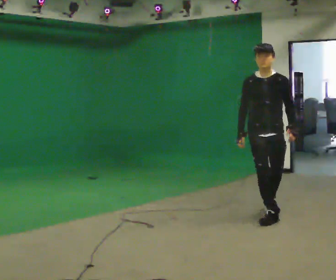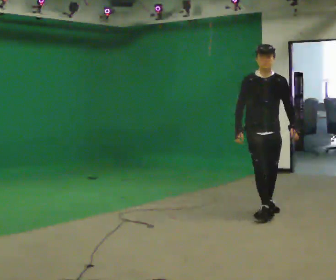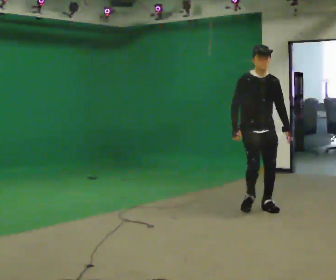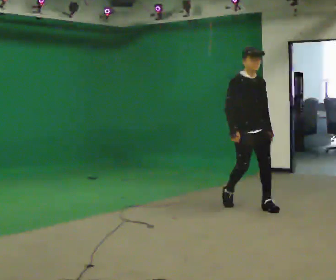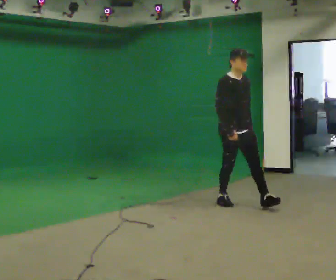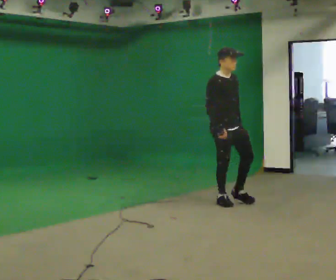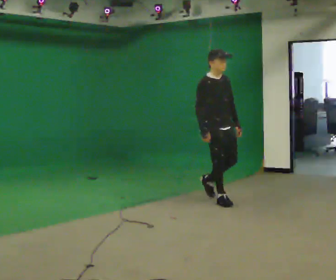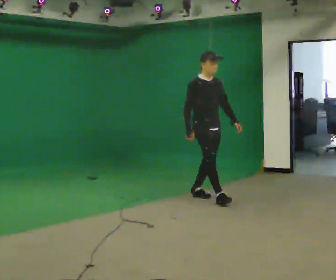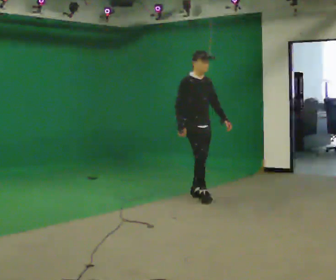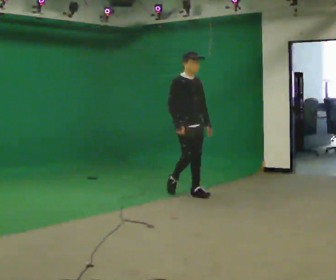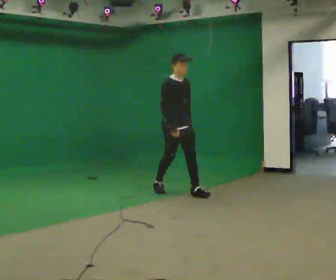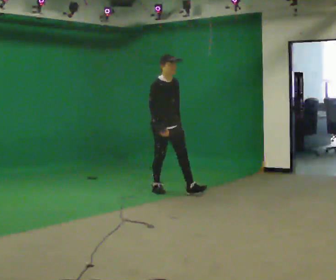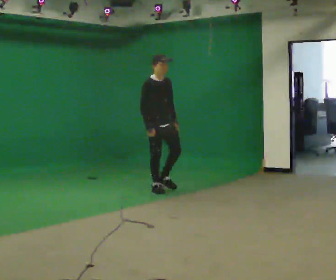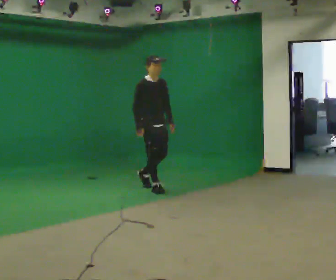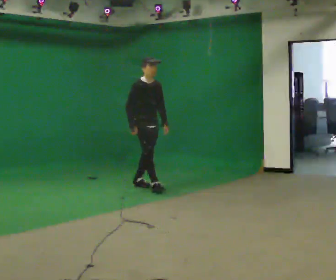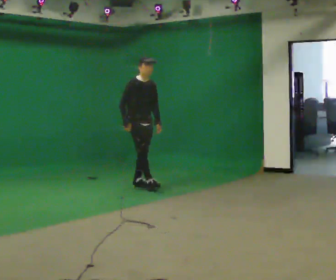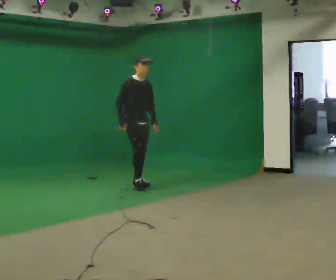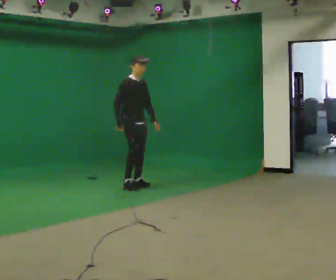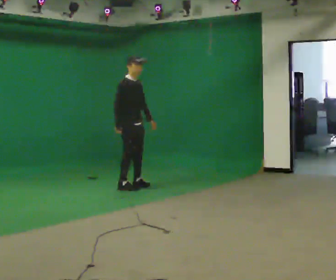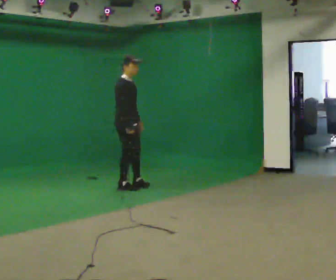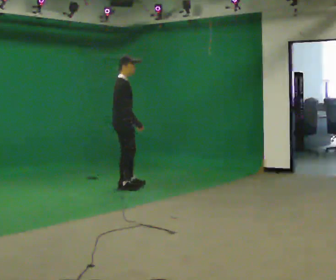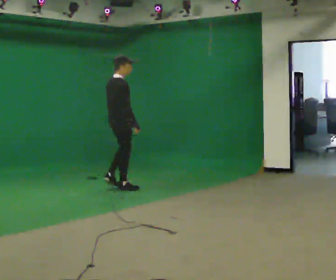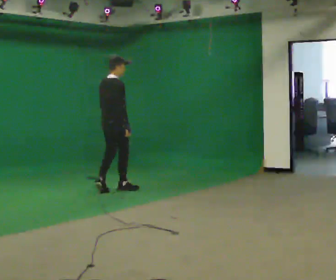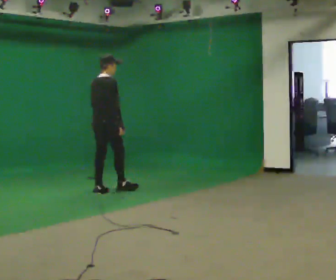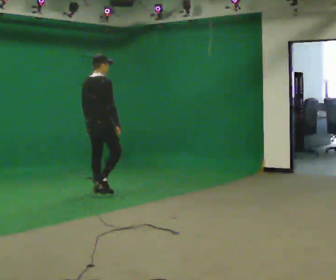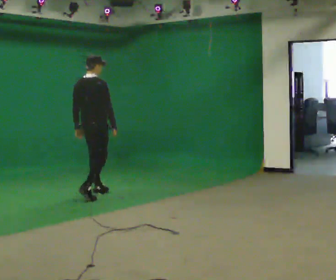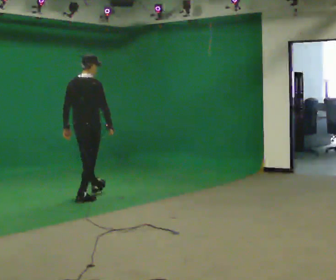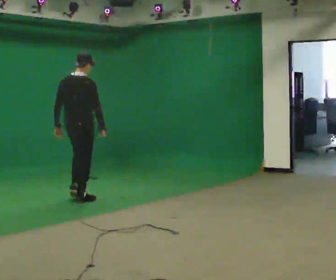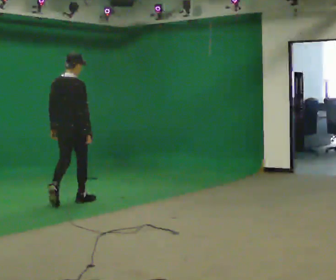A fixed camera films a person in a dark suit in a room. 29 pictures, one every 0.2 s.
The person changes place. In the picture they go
to the left.
The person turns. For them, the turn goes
to their left.
0.0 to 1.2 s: The part of the body nearest the lens slides to the right as the person turns to their left by about 45 degrees. In the picture they go away from the camera and to the left, about 1 m in 2 steps, which for them is backward.
1.2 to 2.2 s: In the picture they go away from the camera and to the left, about 1 m in 2 steps, which for them is backward.
2.2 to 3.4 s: In the picture they go away from the camera and to the left, about 0.75 m in 1 step, which for them is backward.
3.4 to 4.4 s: Seen from above the body turns counterclockwise, about 75 degrees: to their left, with its near side sliding to the right. In the picture they go toward the camera and to the left, about 0.5 m in 1 step.
4.4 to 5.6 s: The person turns about 30 degrees to their left, counterclockwise seen from above, so the part of the body nearest the lens slides to the right. In the picture they go toward the camera and to the left, about 1 m in 2 steps, which for them is backward.
The film runs backward here.
